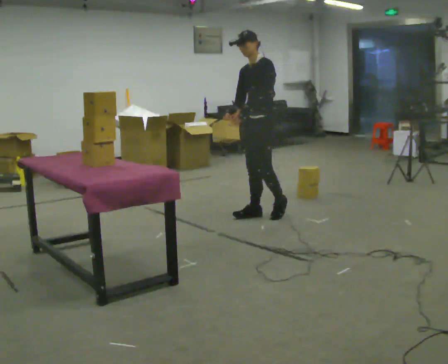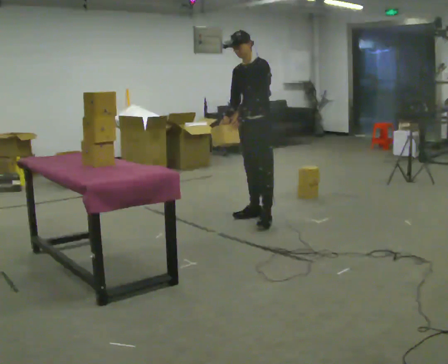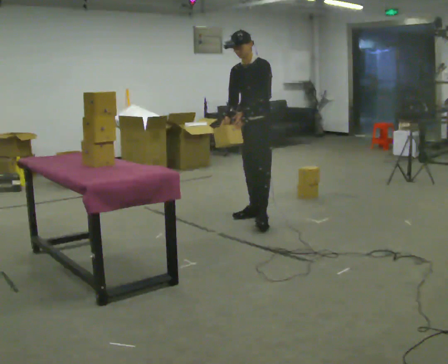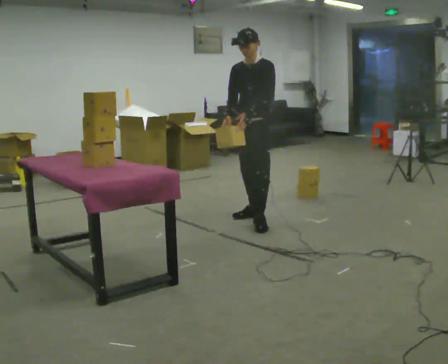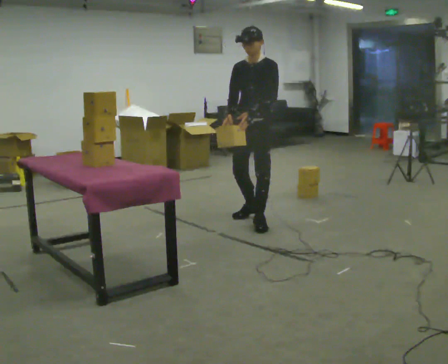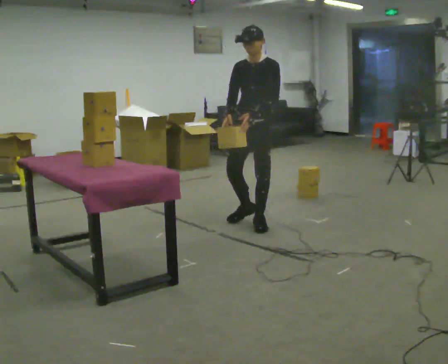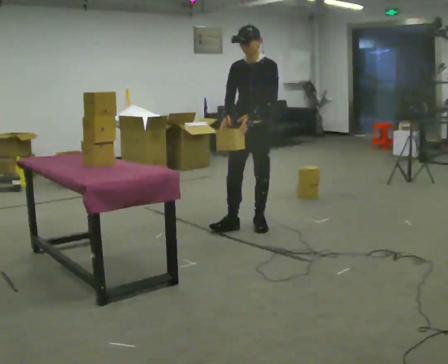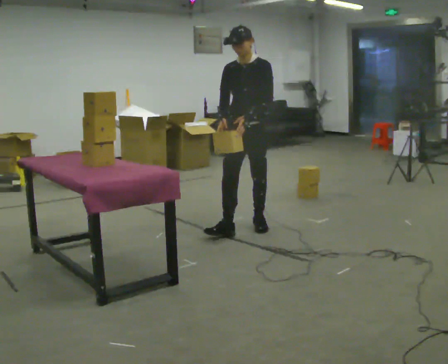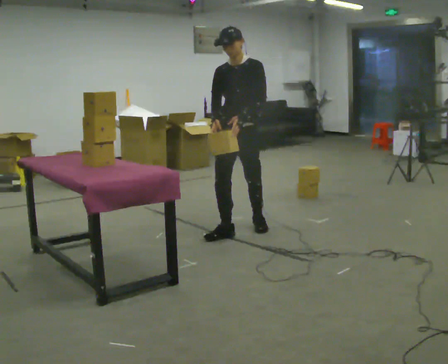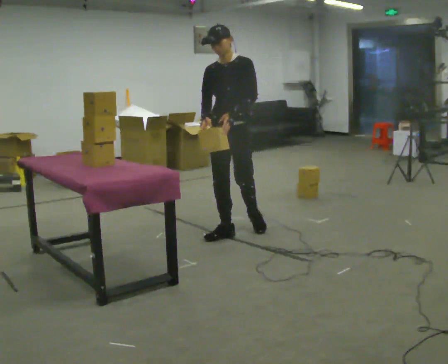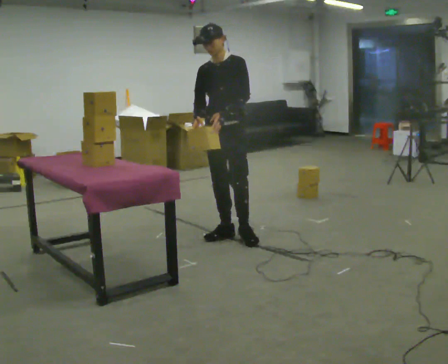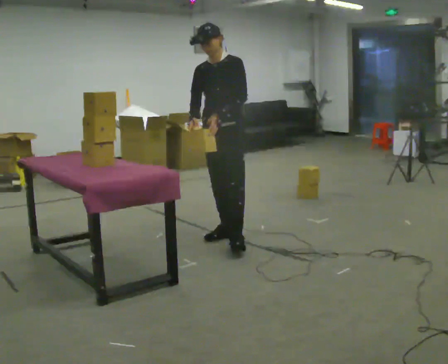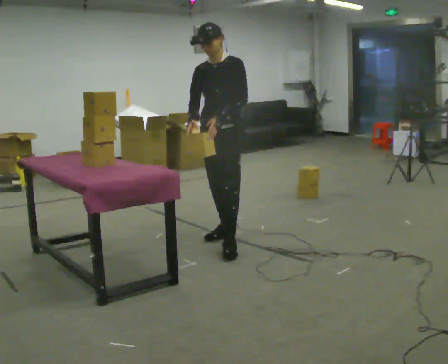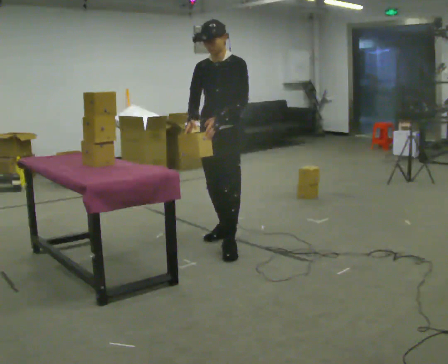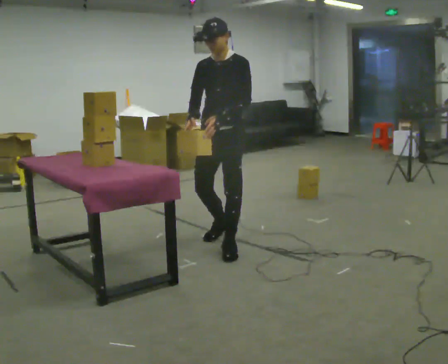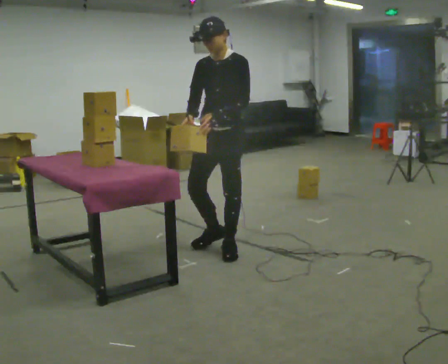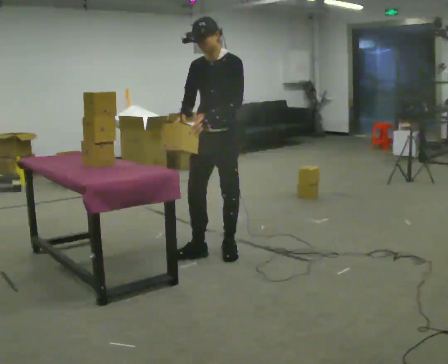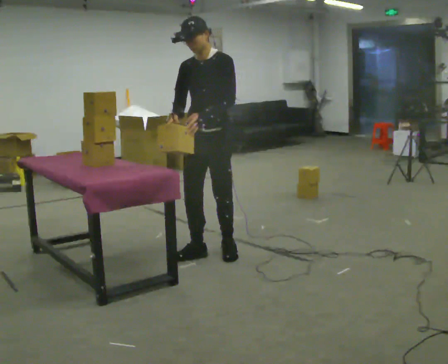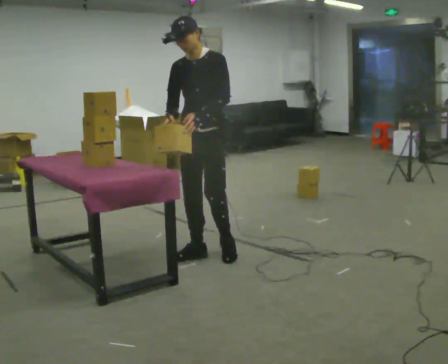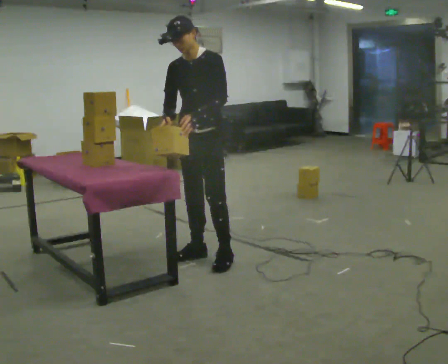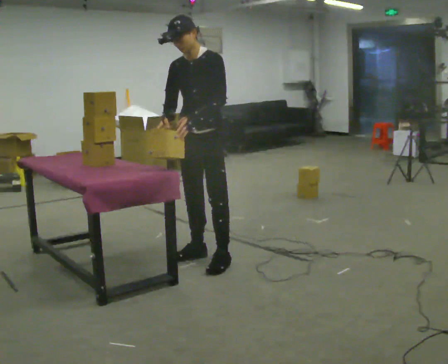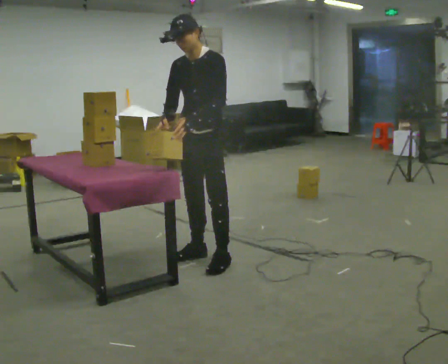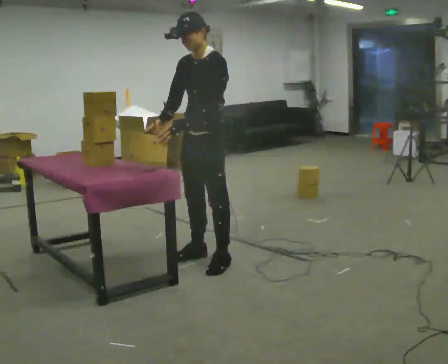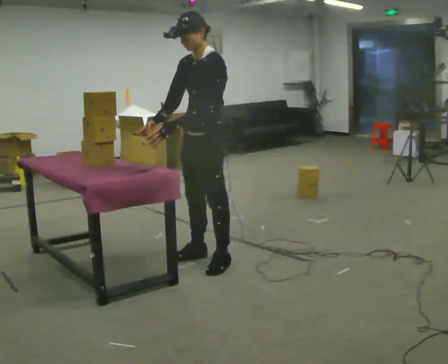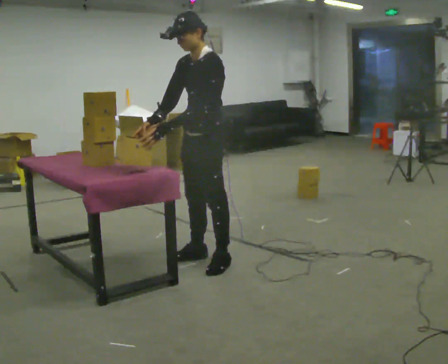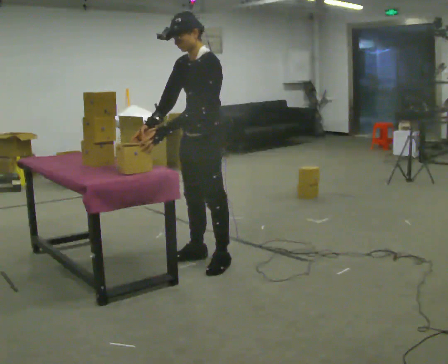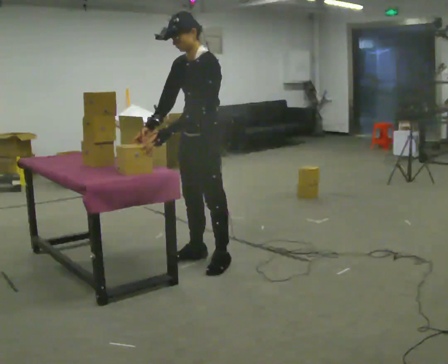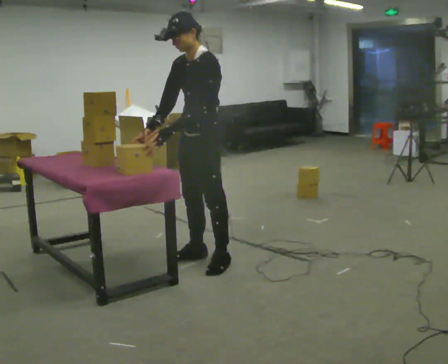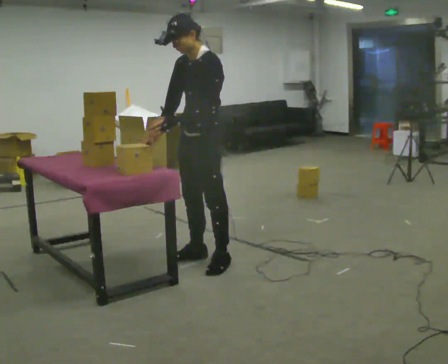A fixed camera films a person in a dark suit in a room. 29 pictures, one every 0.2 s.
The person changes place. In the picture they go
toward the camera.
0.0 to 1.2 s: In the picture they go toward the camera, about 0.25 m in 1 step, which for them is forward.
1.2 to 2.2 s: In the picture they go toward the camera and to the left, about 0.5 m in 1 step, which for them is forward.
2.2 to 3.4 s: In the picture they go toward the camera, about 0.5 m in 2 steps, which for them is forward.
3.4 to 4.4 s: In the picture they go toward the camera, about 0.25 m in 1 step, which for them is forward.
4.4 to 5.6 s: The person moves a little, or ends about where they began.
The film runs forward here.
